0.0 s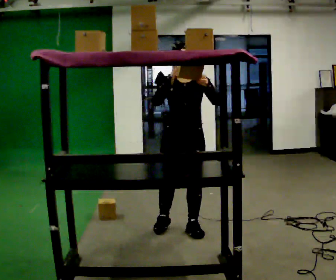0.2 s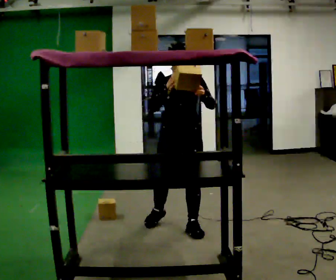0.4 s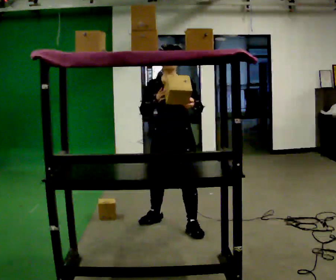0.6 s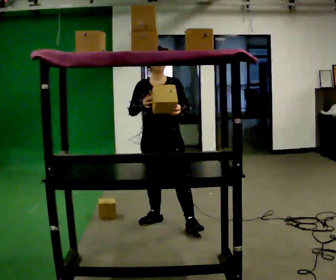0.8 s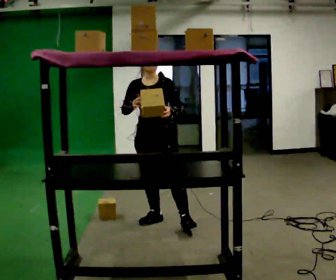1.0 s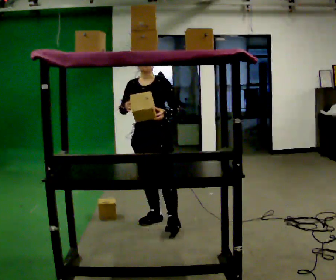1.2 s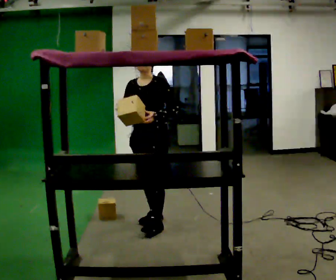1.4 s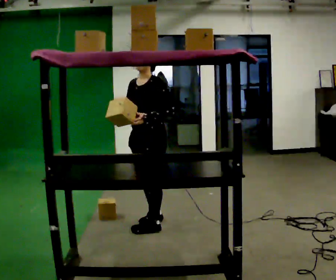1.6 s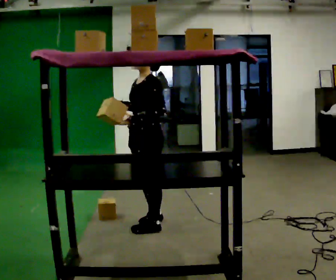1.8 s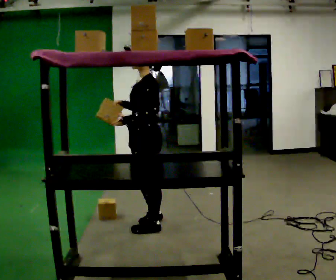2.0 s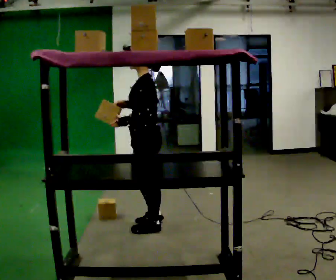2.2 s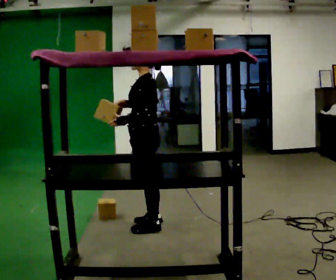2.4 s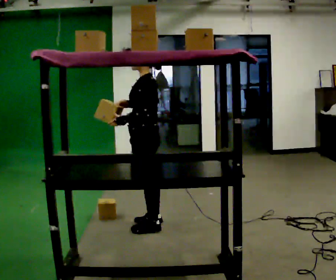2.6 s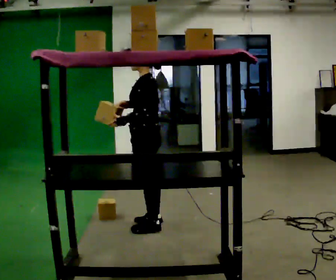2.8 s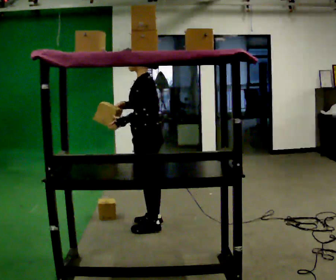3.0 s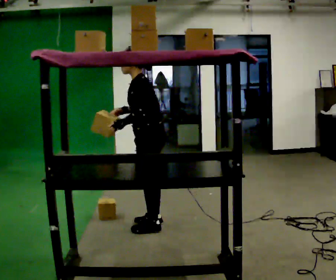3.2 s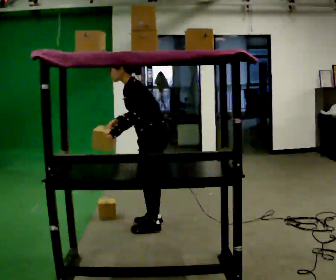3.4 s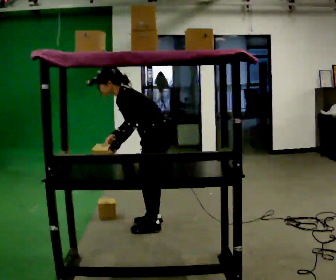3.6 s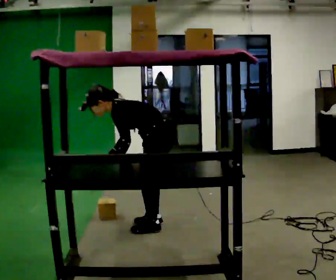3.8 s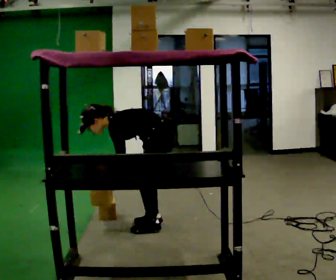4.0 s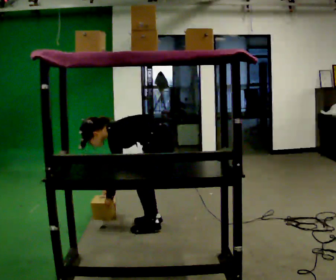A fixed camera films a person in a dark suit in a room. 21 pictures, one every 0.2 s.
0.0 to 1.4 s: Seen from above the body turns clockwise, about 45 degrees: to their right, with its near side sliding to the left. In the picture they go to the left and away from the camera, about 0.25 m in 1 step, which for them is to their right and backward.
1.4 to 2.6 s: The part of the body nearest the lens slides to the left as the person turns to their right by about 60 degrees.
2.6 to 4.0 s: The upper body goes downward. In the picture the upper body tilts counterclockwise, shoulders to the left, as they bend forward. In the picture their right hand goes downward.
The film runs backward here.
